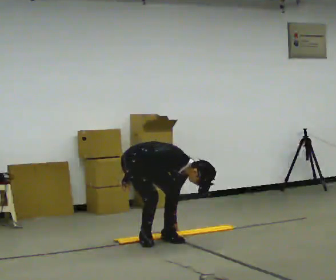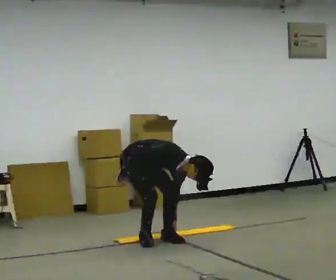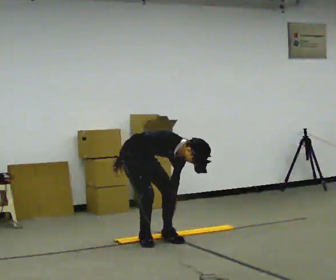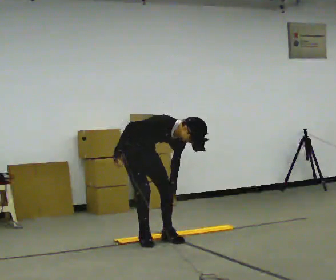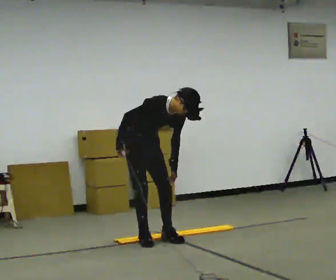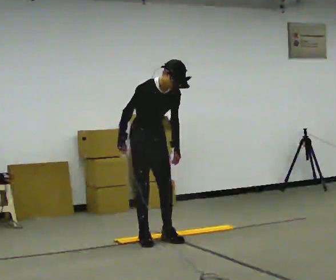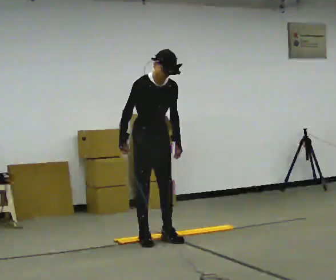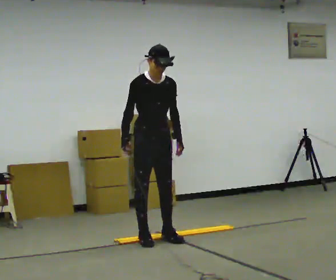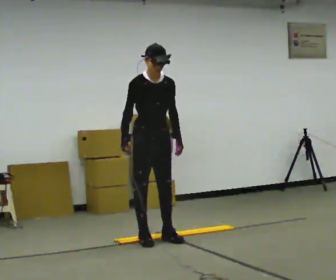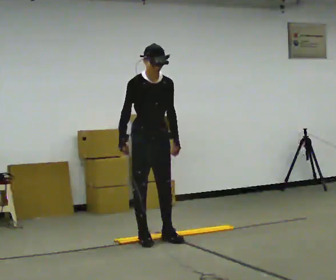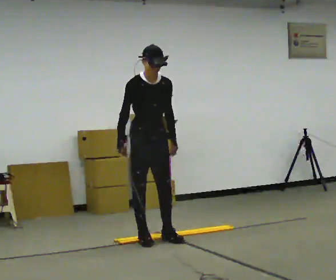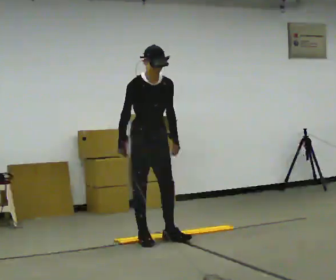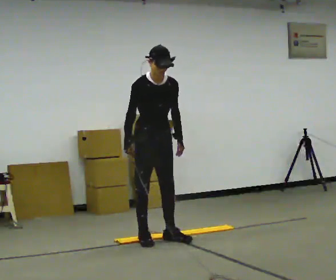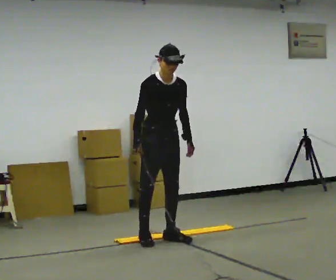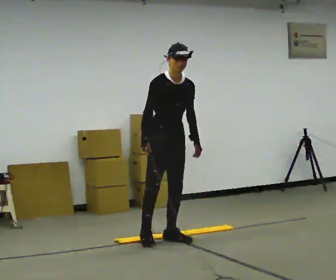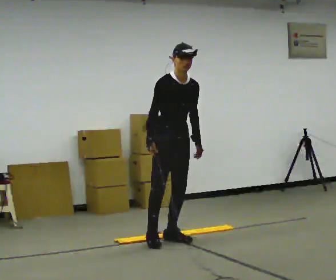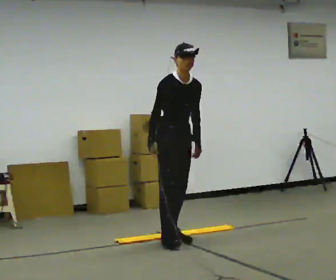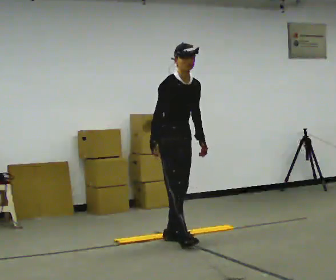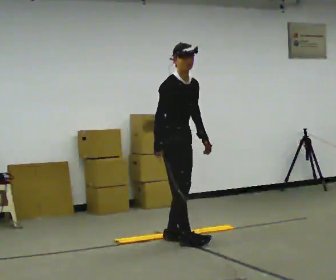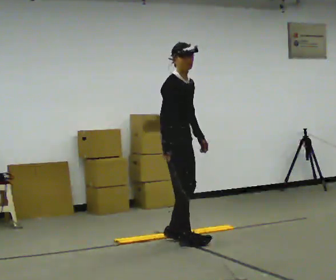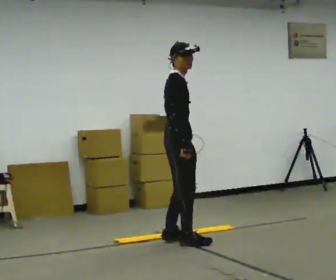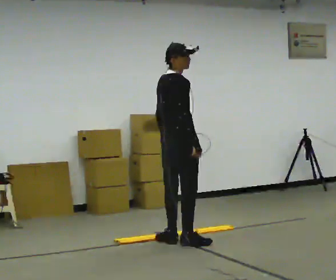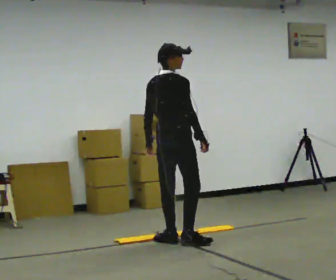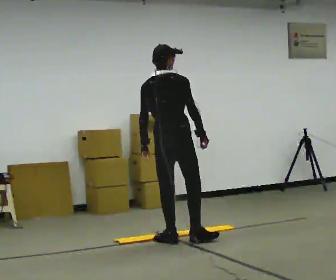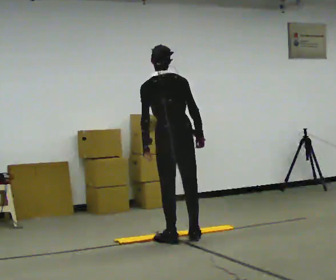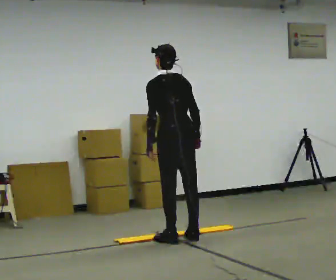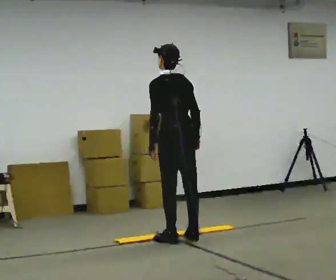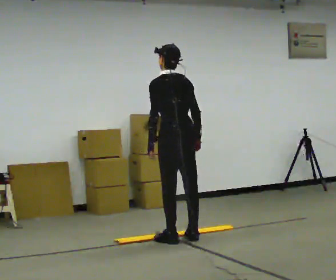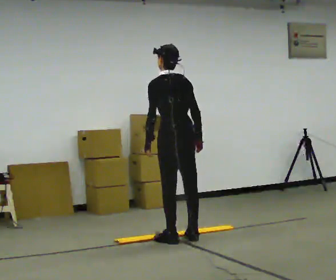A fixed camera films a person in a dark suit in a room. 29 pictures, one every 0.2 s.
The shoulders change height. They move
upward.
Their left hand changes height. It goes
upward.
0.0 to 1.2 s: The part of the body nearest the lens slides to the left as the person turns to their right by about 30 degrees. The upper body goes upward. In the picture the upper body tilts counterclockwise, shoulders to the left, as they lean back or straighten.
1.2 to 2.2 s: The person moves a little, or ends about where they began.
2.2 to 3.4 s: In the picture they go to the right, about 0.25 m in 1 step, which for them is to their left and forward.
3.4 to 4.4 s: The part of the body nearest the lens slides to the right as the person turns to their left by about 105 degrees. In the picture the upper body tilts counterclockwise, shoulders to the left. In the picture their right hand goes to the right, the arm swinging counterclockwise.
4.4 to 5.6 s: The person turns about 60 degrees to their left, counterclockwise seen from above, so the part of the body nearest the lens slides to the right.
The film runs backward here.
